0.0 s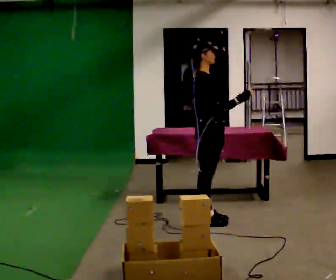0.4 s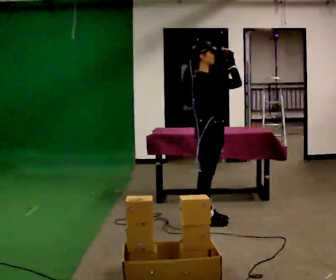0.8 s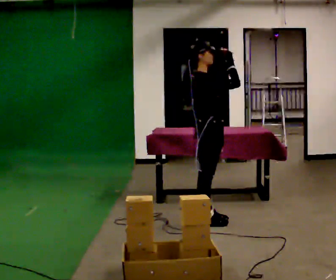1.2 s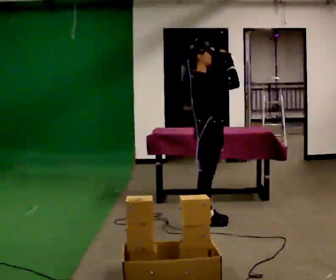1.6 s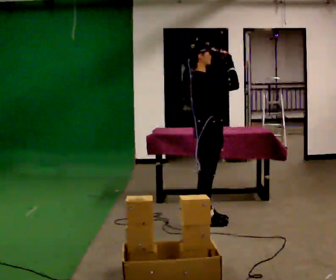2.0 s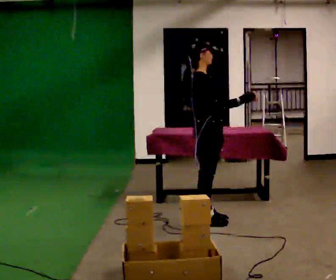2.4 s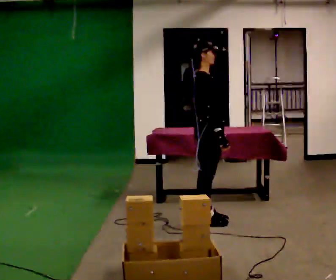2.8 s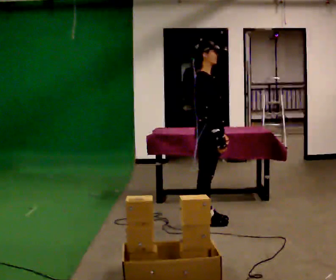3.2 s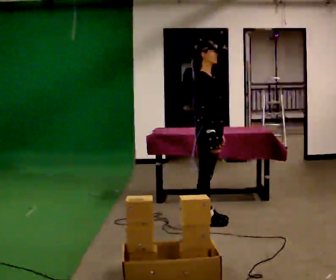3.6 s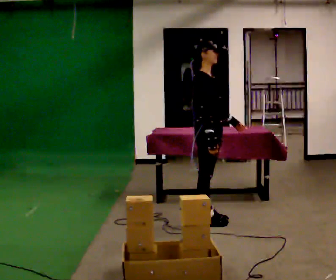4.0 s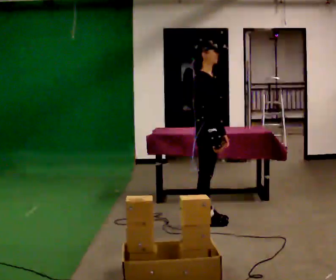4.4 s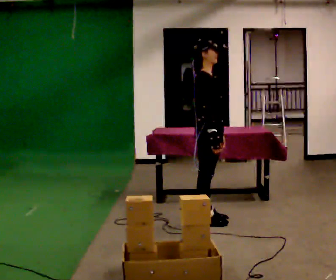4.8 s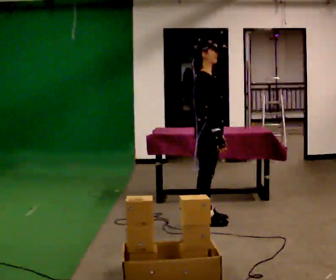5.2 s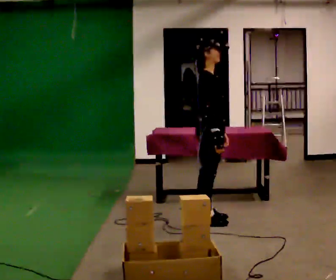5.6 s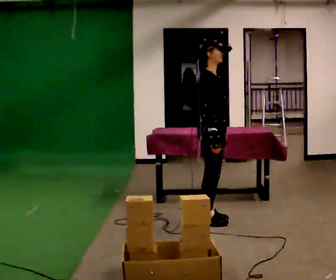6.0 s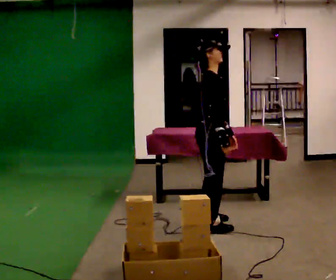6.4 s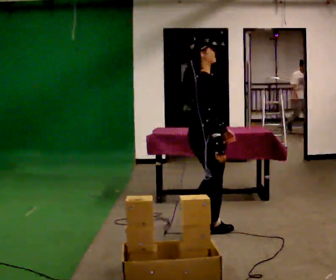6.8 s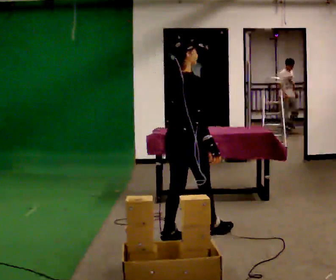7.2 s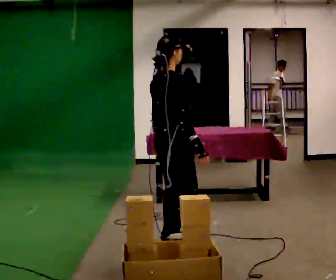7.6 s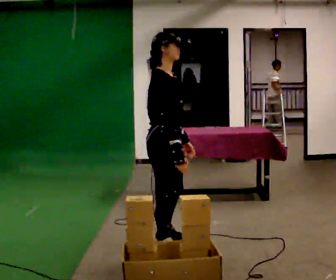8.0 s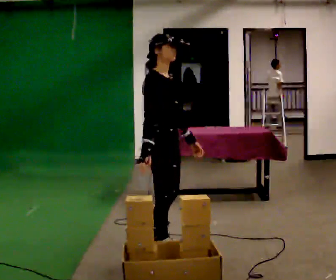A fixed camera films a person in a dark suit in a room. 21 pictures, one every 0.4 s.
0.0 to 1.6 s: In the picture their right hand goes upward.
1.6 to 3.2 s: In the picture their right hand goes downward.
3.2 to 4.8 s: The person moves a little, or ends about where they began.
4.8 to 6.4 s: The part of the body nearest the lens slides to the right as the person turns to their left by about 30 degrees. In the picture they go toward the camera, about 0.25 m in 2 steps, which for them is to their right.
6.4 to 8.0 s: The part of the body nearest the lens slides to the left as the person turns to their right by about 45 degrees. In the picture they go toward the camera and to the left, about 0.5 m in 2 steps.
The film runs backward here.
